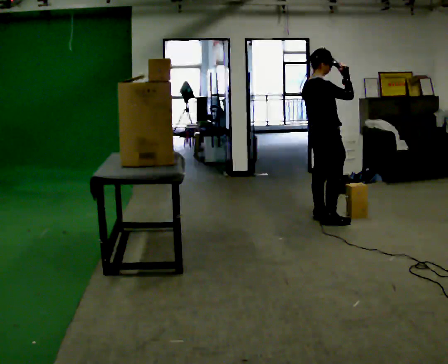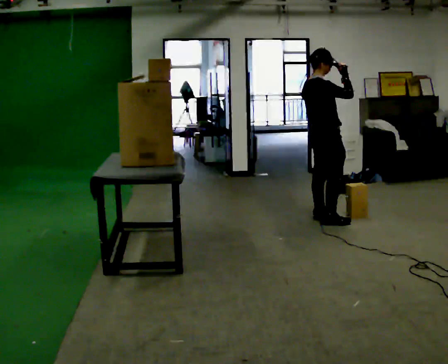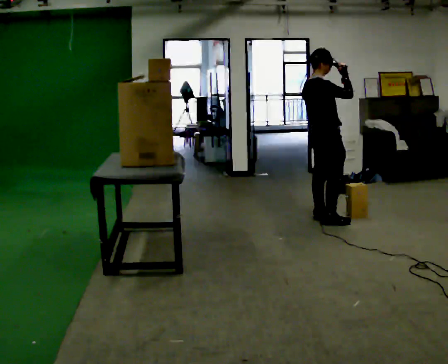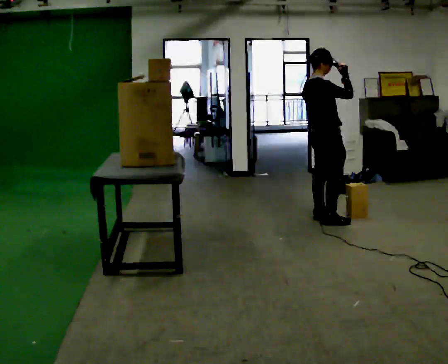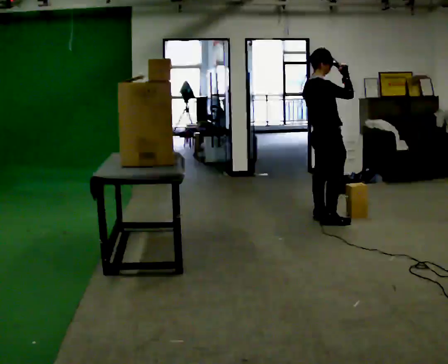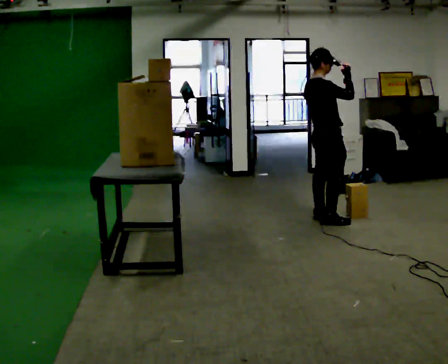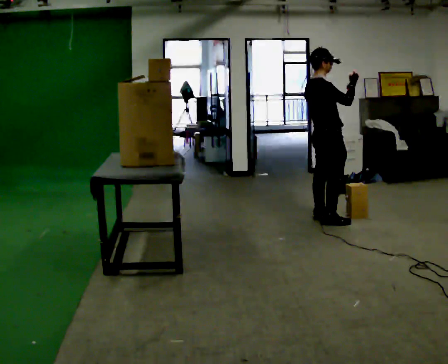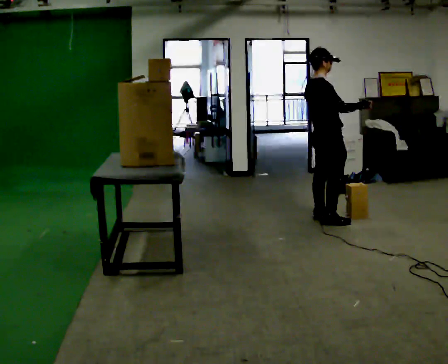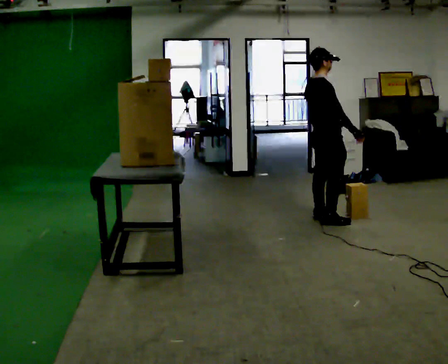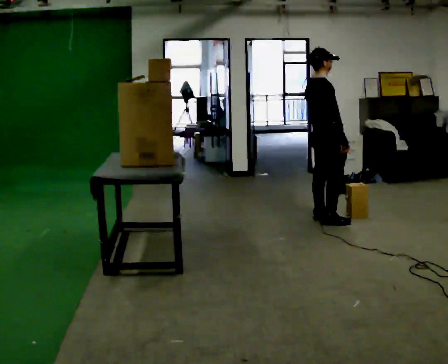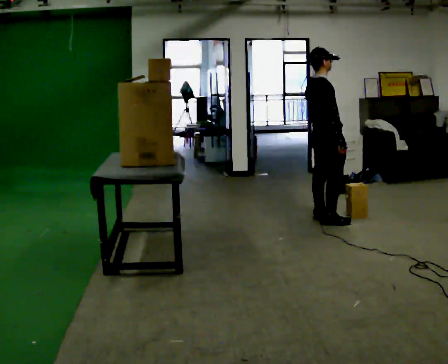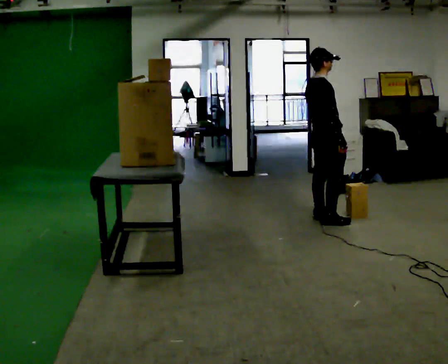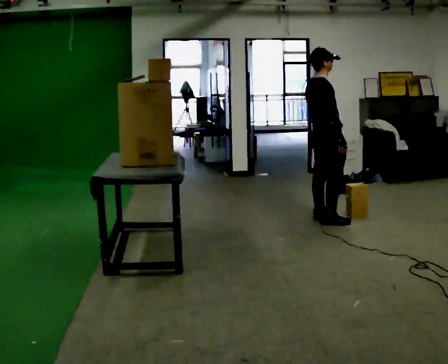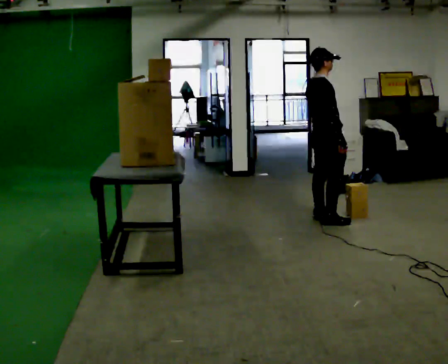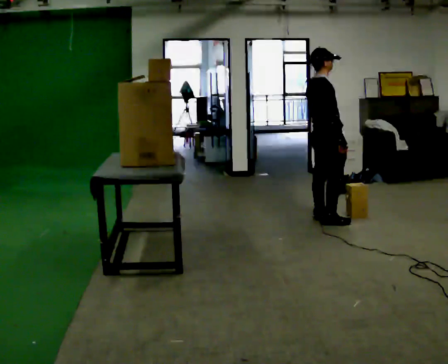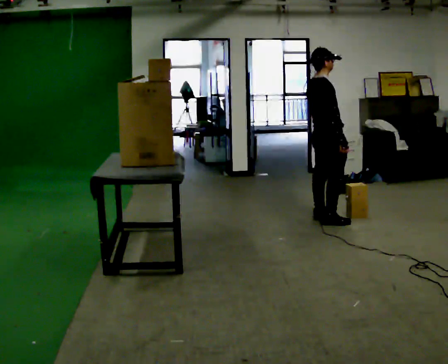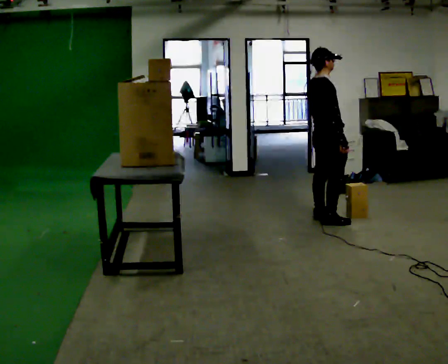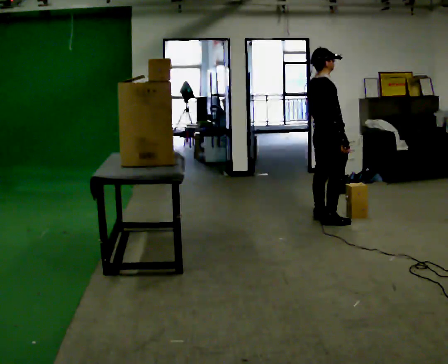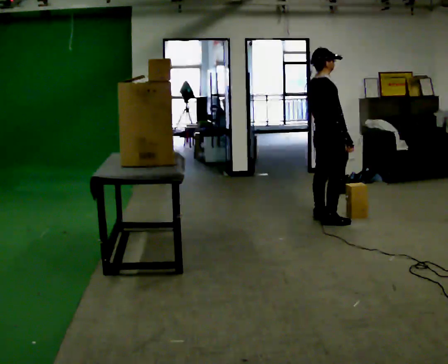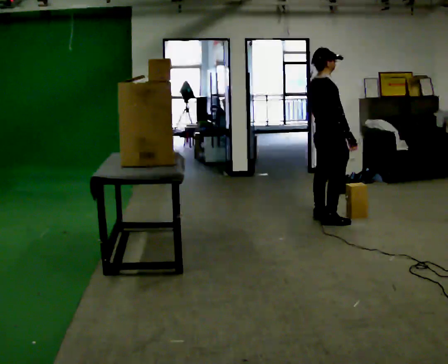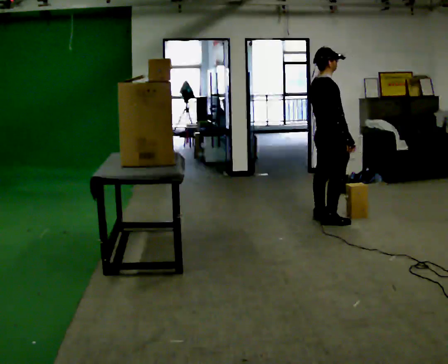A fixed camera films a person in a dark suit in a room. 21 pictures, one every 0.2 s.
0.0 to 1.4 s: The person moves a little, or ends about where they began.
1.4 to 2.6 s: In the picture their right hand goes downward, the arm swinging clockwise.
2.6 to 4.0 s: The person moves a little, or ends about where they began.
The film runs backward here.
